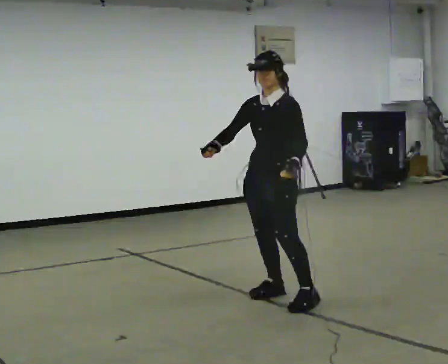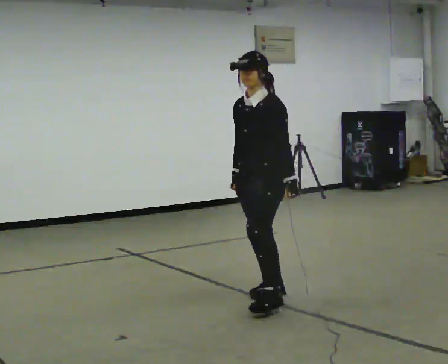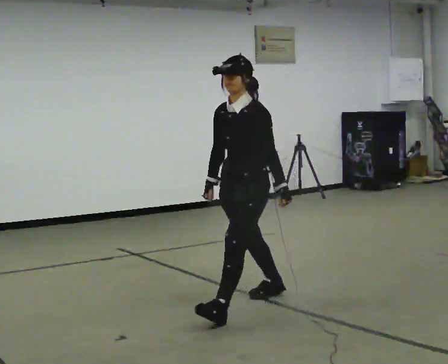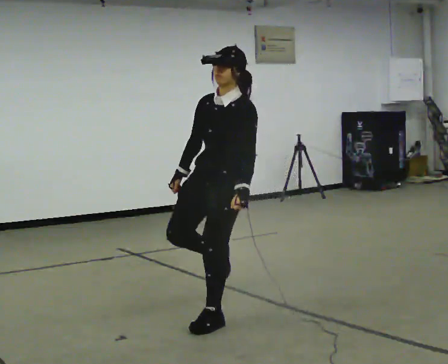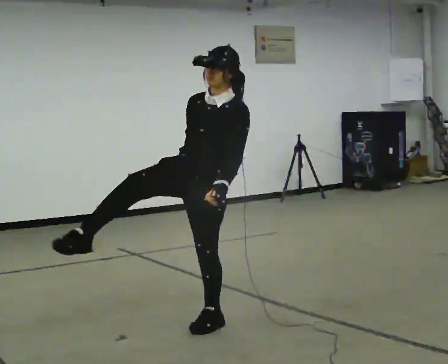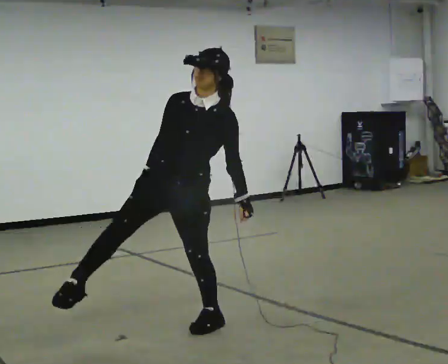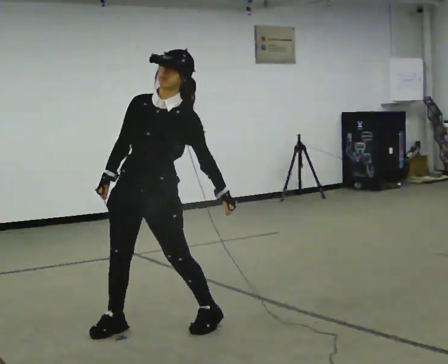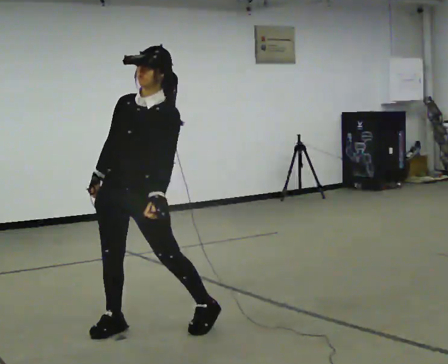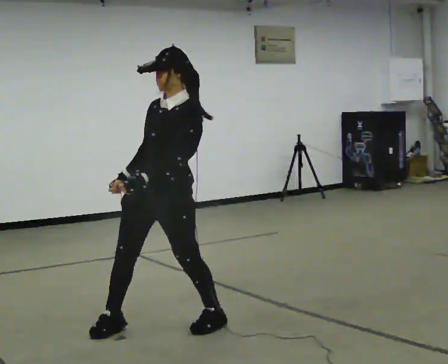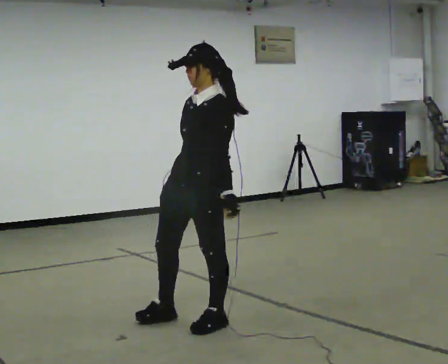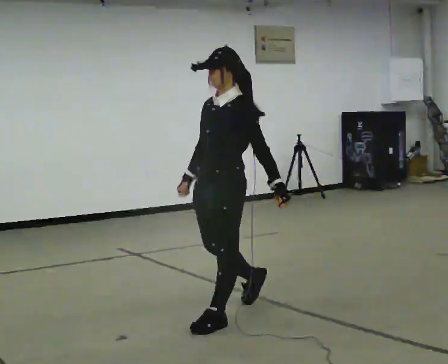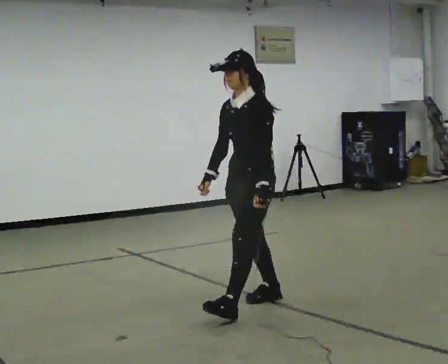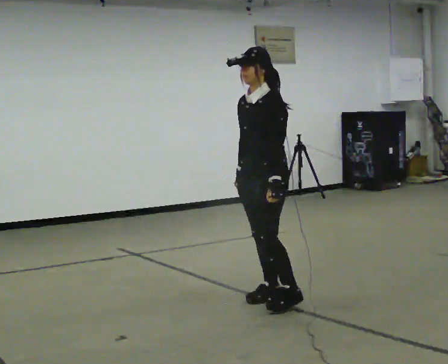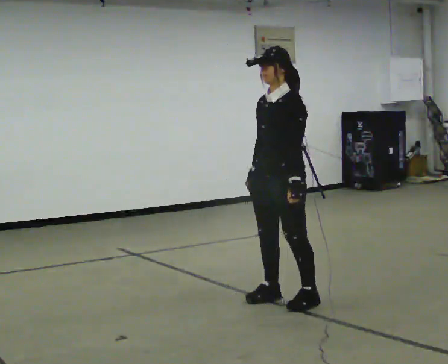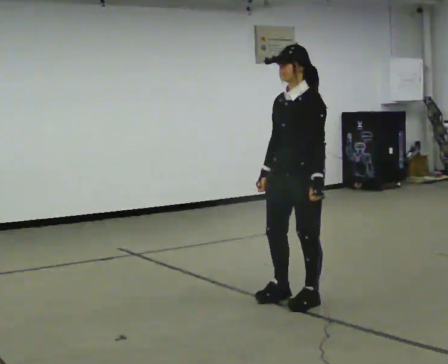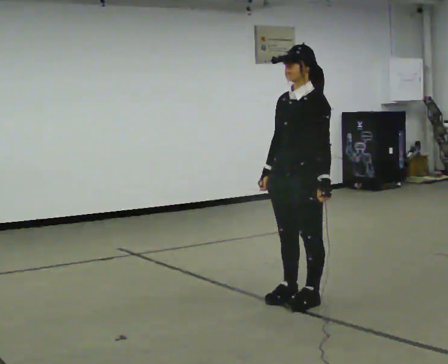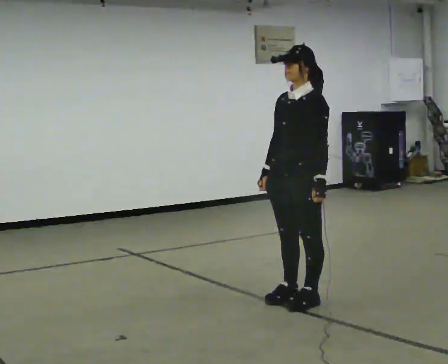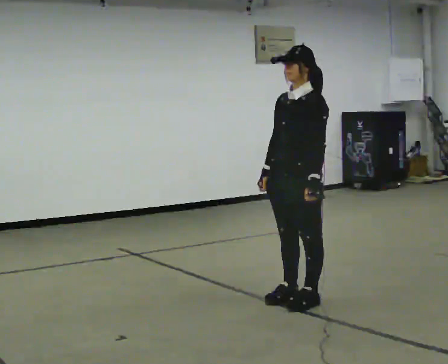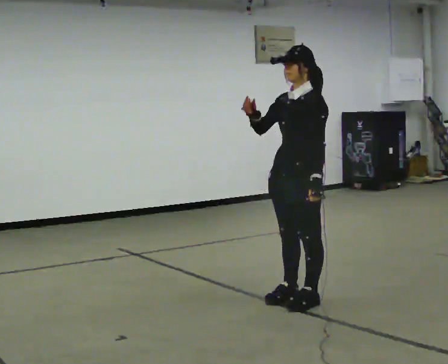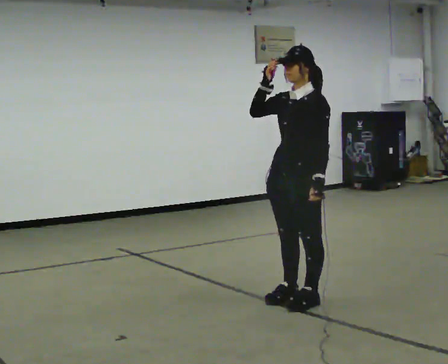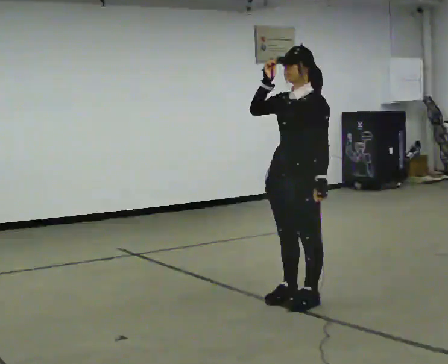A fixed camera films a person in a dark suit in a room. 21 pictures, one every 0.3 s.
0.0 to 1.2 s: The person turns about 30 degrees to their left, counterclockwise seen from above, so the part of the body nearest the lens slides to the right. In the picture they go toward the camera and to the left, about 0.75 m in 1 step, which for them is forward. In the picture the upper body tilts clockwise, shoulders to the right.
1.2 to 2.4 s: In the picture they go to the left, about 0.25 m in 1 step, which for them is forward. In the picture their left hand goes to the left.
2.4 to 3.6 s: In the picture they go to the right and away from the camera, about 1 m in 1 step, which for them is backward. In the picture the upper body tilts counterclockwise, shoulders to the left.
3.6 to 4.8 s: In the picture they go to the right, about 0.25 m in 1 step, which for them is to their left.
4.8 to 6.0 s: In the picture their right hand goes upward.
The film runs forward here.
